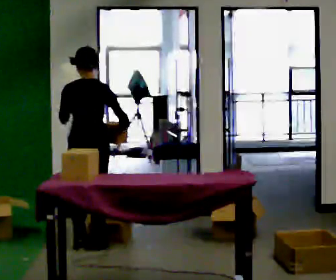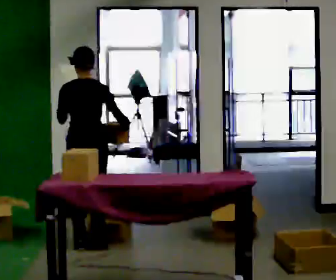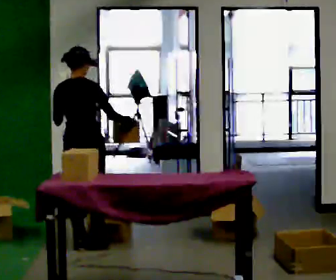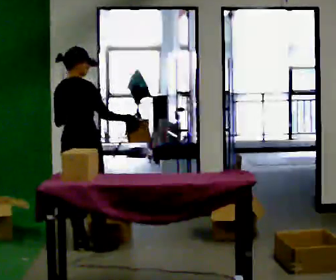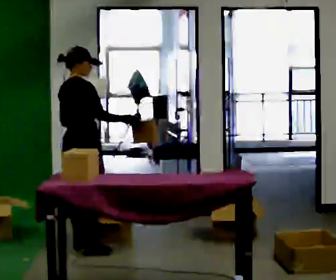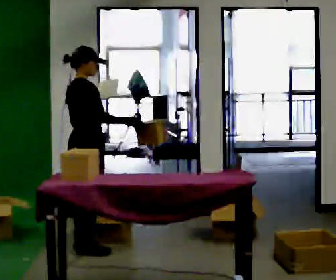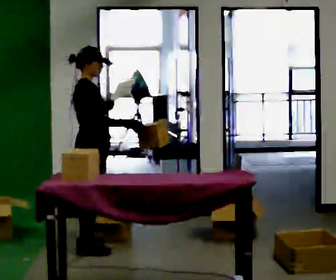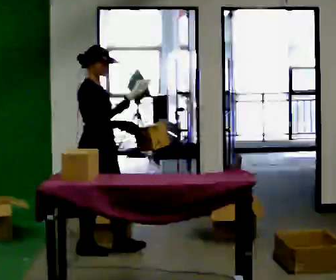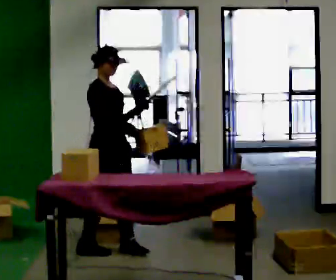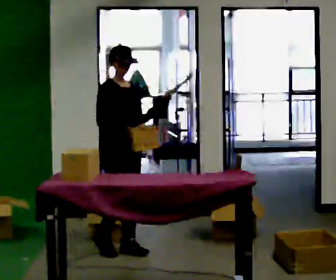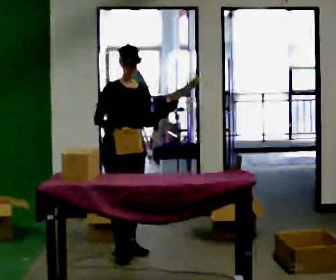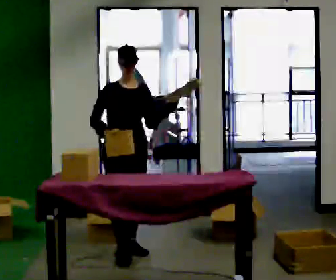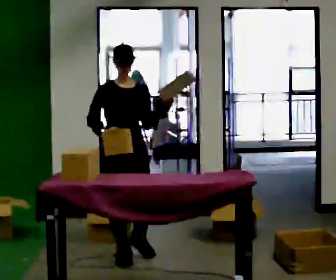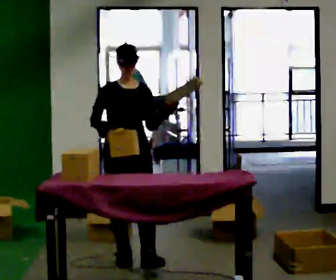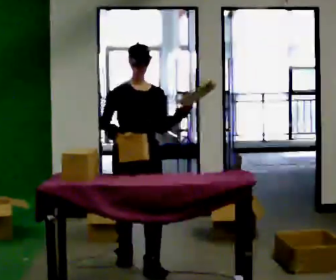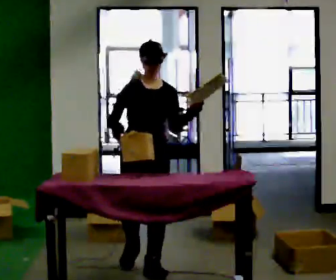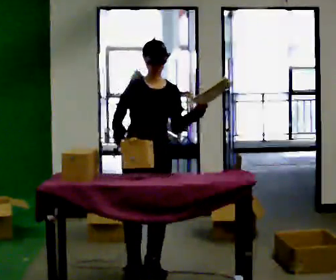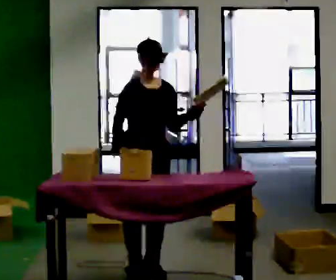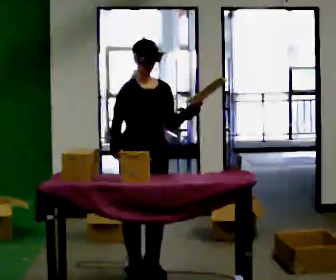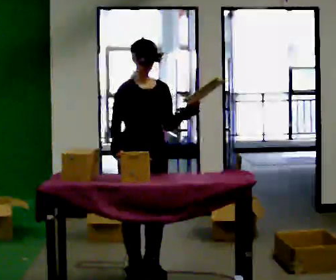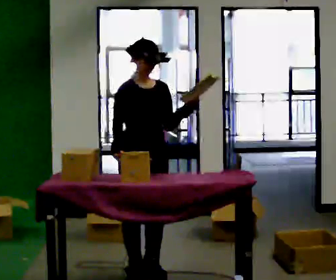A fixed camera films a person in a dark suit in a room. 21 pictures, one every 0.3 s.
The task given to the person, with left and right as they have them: 1. Read the parts list. 2. Collect each part from the bins around the room. 3. Lay them out on the table in the order on the list. 4. Put them all in the carry case. 5. Tell the operator when you are finished.
0.0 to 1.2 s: The person turns about 45 degrees to their right, clockwise seen from above, so the part of the body nearest the lens slides to the left.
1.2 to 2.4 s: Seen from above the body turns clockwise, about 75 degrees: to their right, with its near side sliding to the left. In the picture they go to the right, about 0.25 m in 1 step.
2.4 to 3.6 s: The person turns about 45 degrees to their right, clockwise seen from above, so the part of the body nearest the lens slides to the left. In the picture they go toward the camera, about 0.25 m in 1 step, which for them is forward.
3.6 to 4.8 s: In the picture they go toward the camera and to the right, about 0.5 m in 1 step, which for them is forward.
4.8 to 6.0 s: The person moves a little, or ends about where they began.
The film runs forward here.
